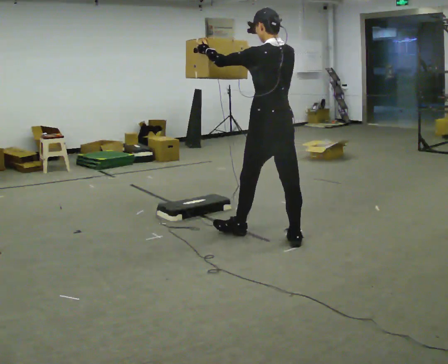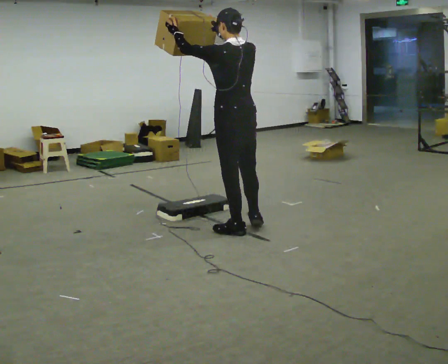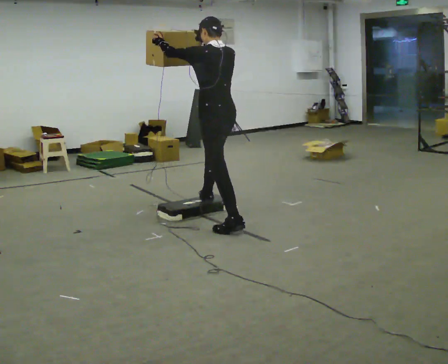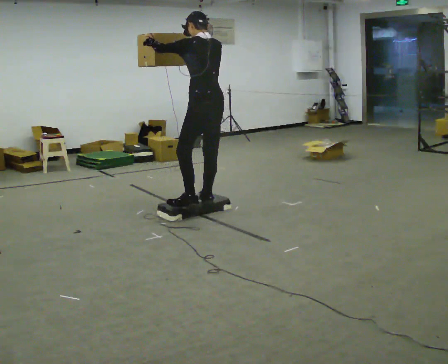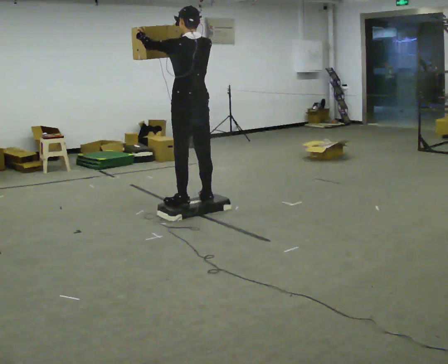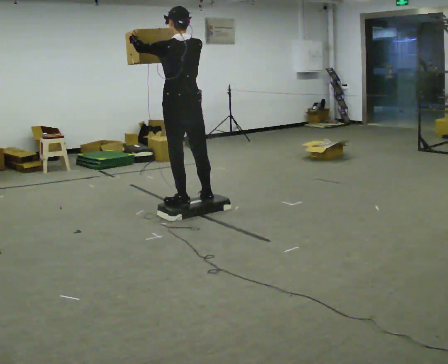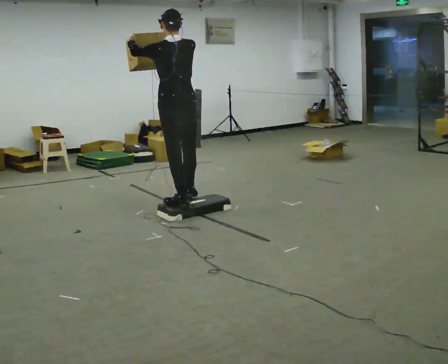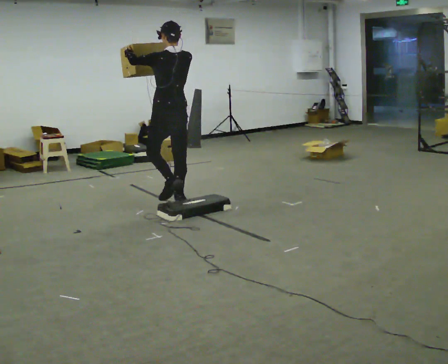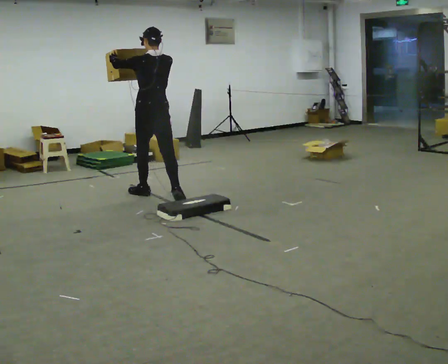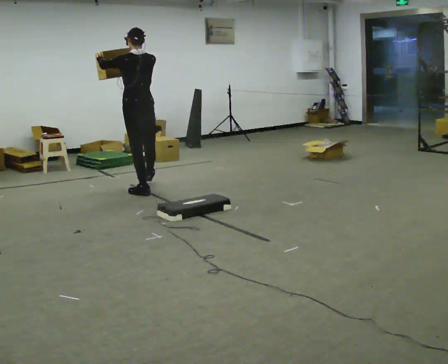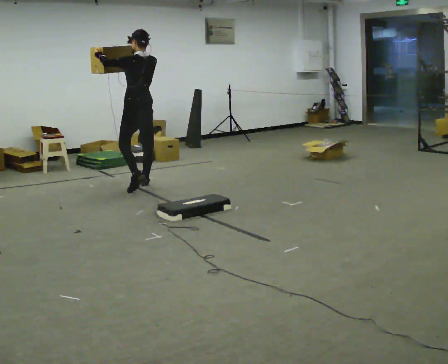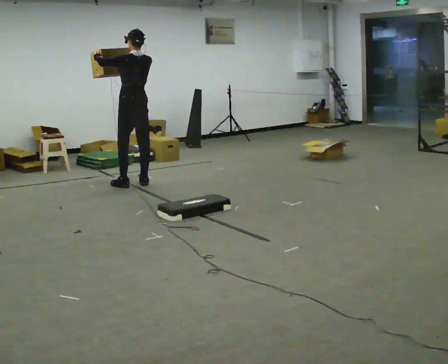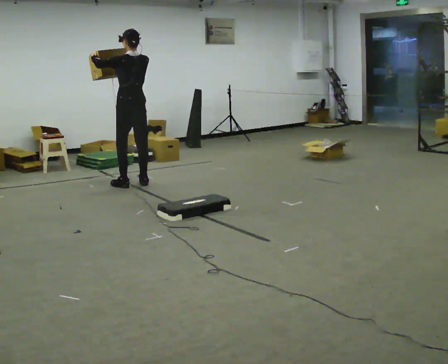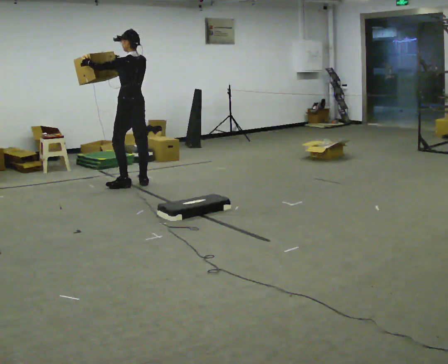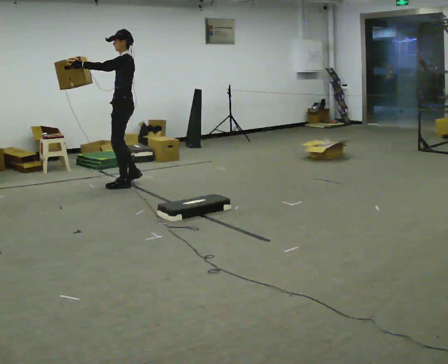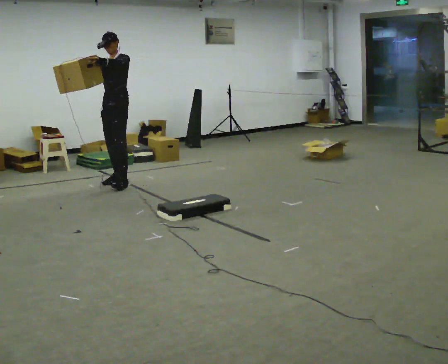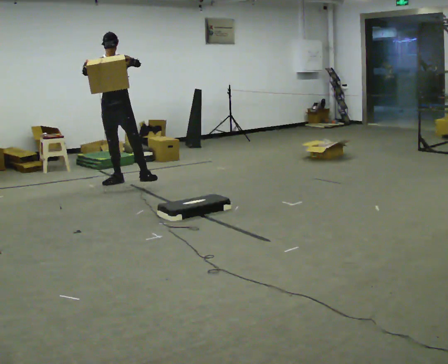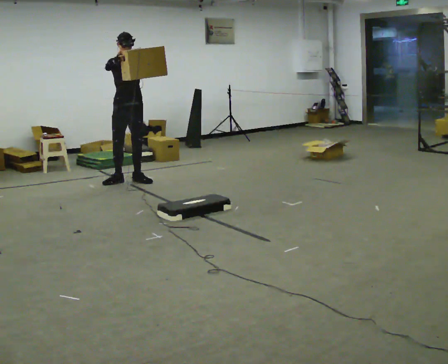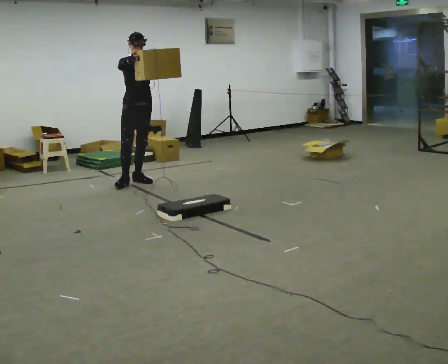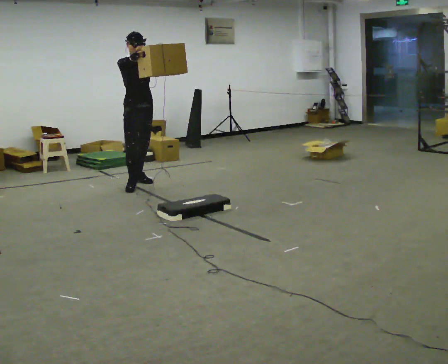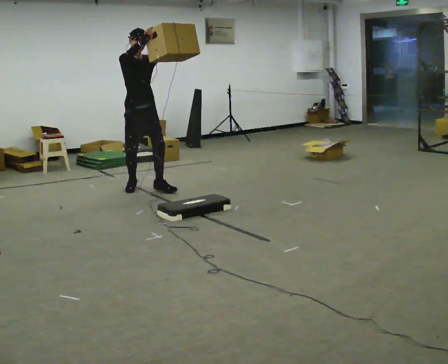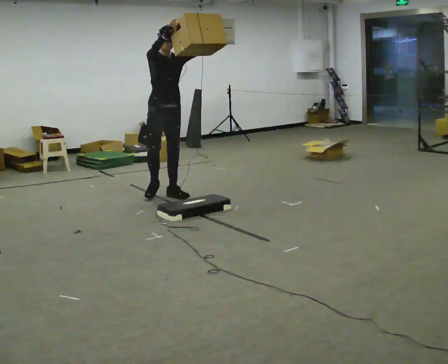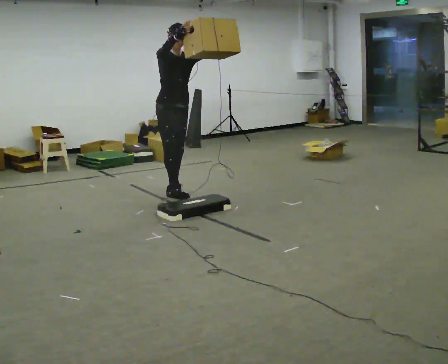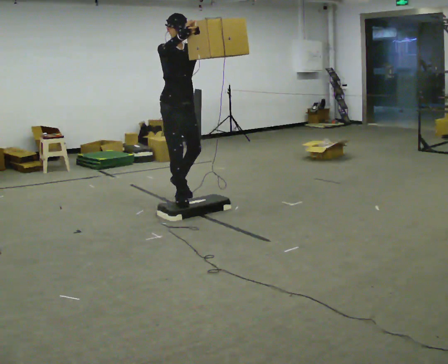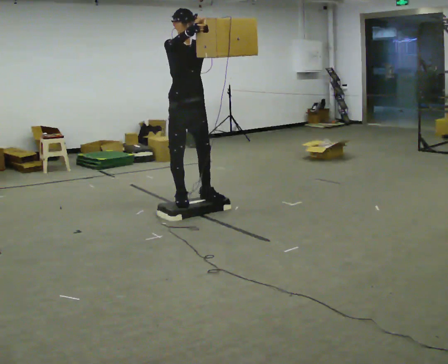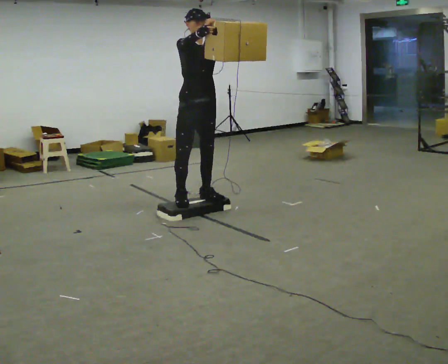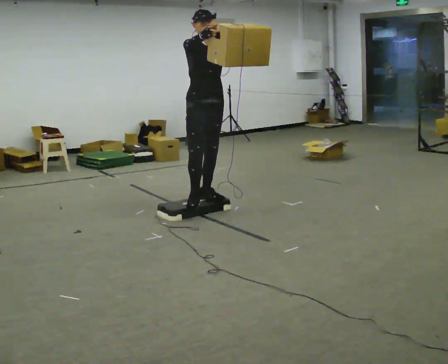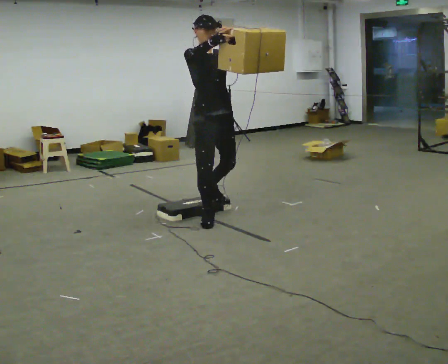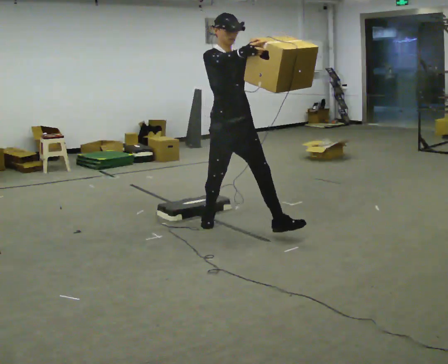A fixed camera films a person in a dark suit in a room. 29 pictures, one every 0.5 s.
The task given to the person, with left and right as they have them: Carry the box up onto the platform, across it, and down the other side, then bring it back. Keep going until the operator says stop; one object at a time, and do not rush between trips.
0.0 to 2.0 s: In the picture they go away from the camera and to the left, about 1 m in 2 steps, which for them is forward.
2.0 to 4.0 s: In the picture they go away from the camera, about 1 m in 2 steps, which for them is forward.
4.0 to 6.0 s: In the picture they go away from the camera, about 0.5 m in 2 steps, which for them is forward.
6.0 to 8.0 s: Seen from above the body turns counterclockwise, about 150 degrees: to their left, with its near side sliding to the right. In the picture they go away from the camera and to the left, about 0.25 m in 1 step.
8.0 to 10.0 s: Seen from above the body turns counterclockwise, about 30 degrees: to their left, with its near side sliding to the right. In the picture they go toward the camera and to the right, about 0.5 m in 2 steps, which for them is forward.
10.0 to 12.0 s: In the picture they go toward the camera and to the right, about 1 m in 3 steps, which for them is forward.
12.0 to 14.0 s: In the picture they go toward the camera, about 1 m in 1 step, which for them is forward.
The film runs forward here.
